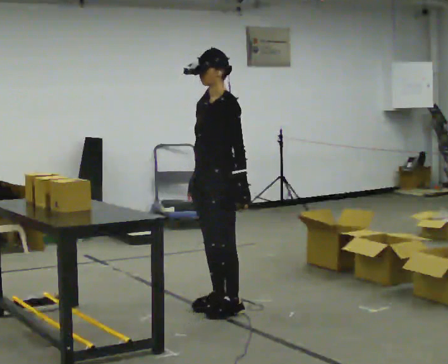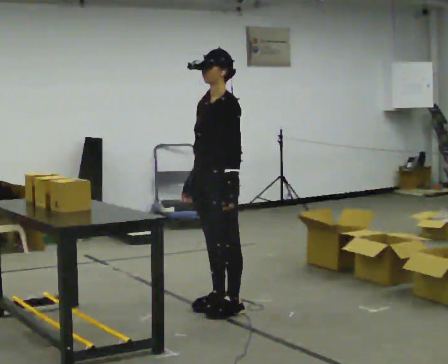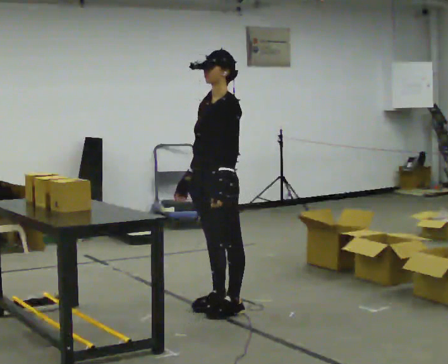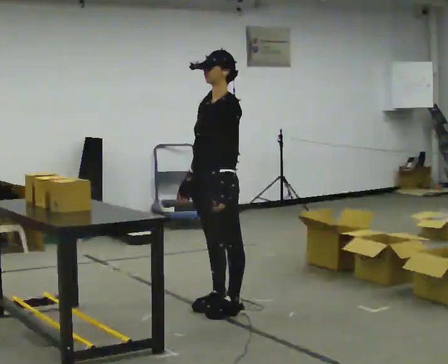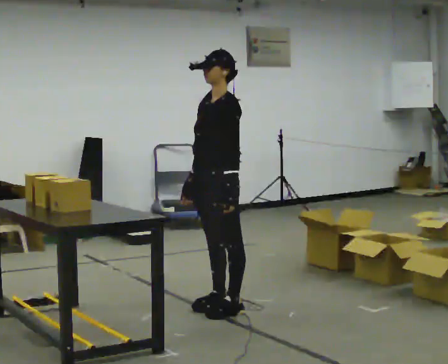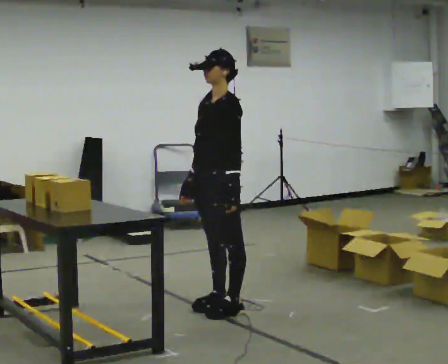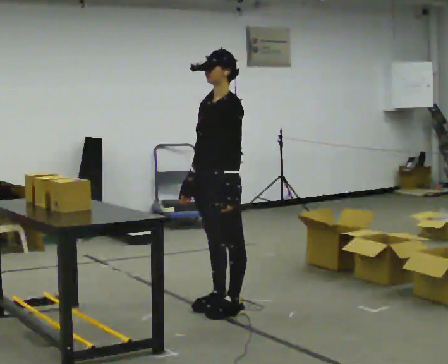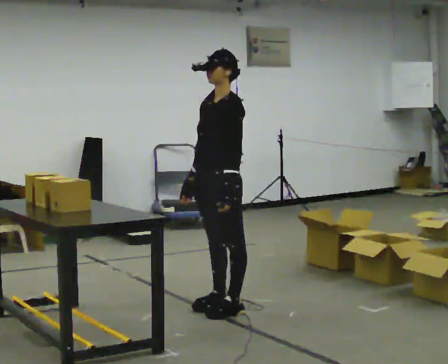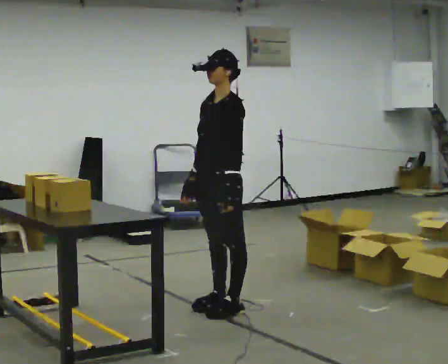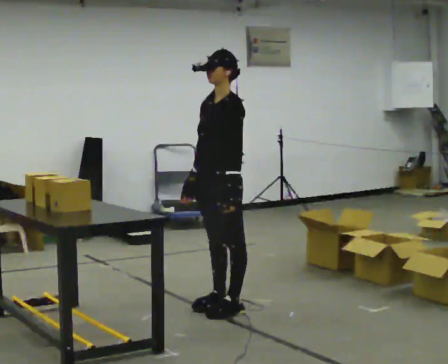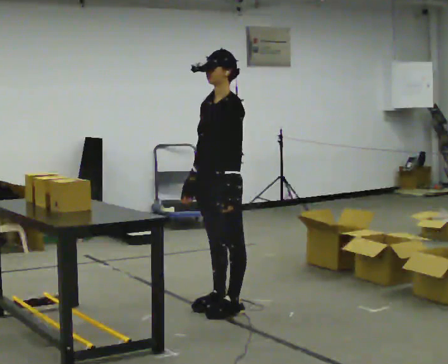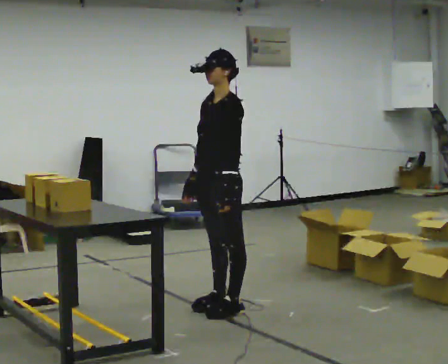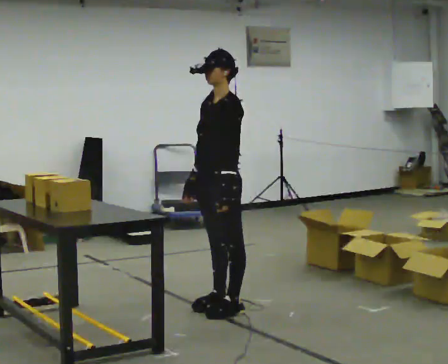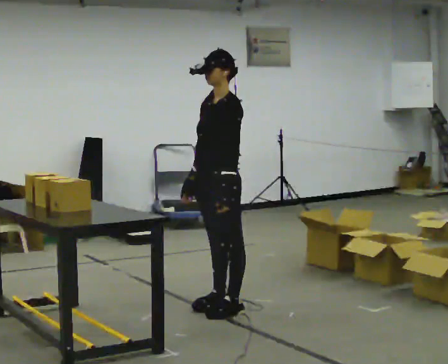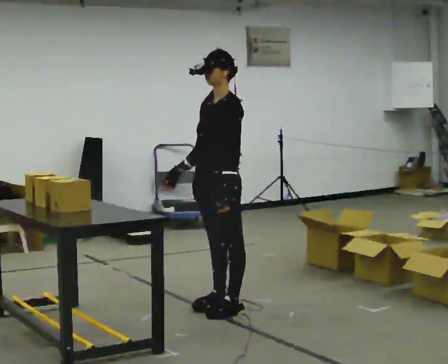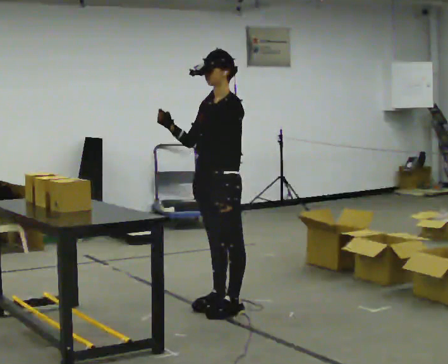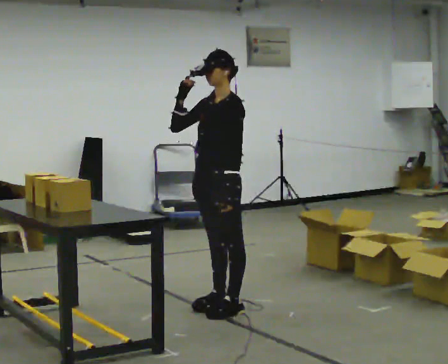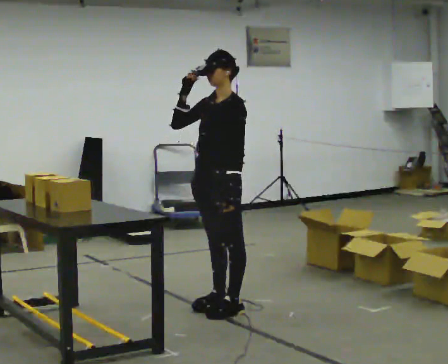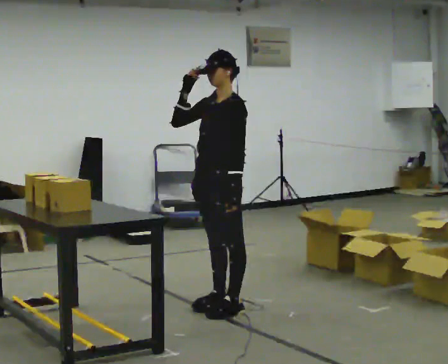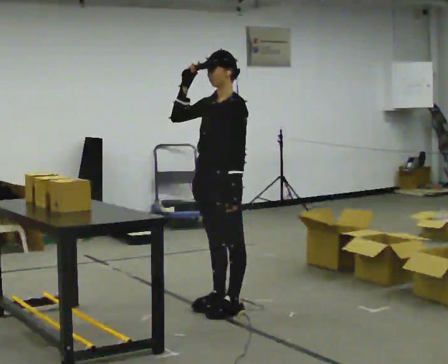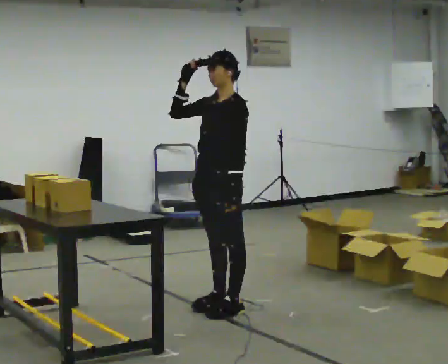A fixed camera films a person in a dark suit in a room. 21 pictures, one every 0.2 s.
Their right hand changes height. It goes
upward.
0.0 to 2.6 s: The person moves a little, or ends about where they began.
2.6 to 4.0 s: In the picture their right hand goes upward.
The film runs forward here.
